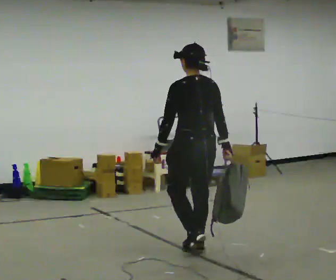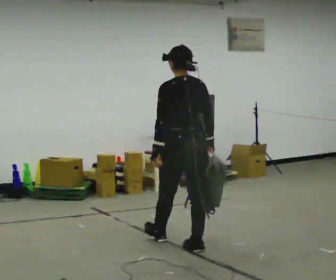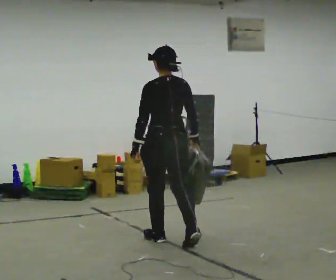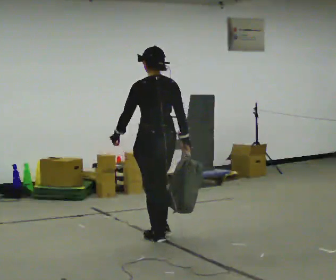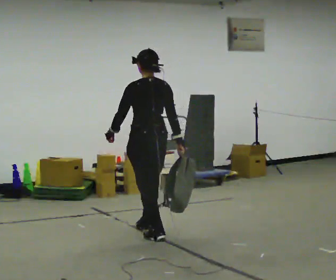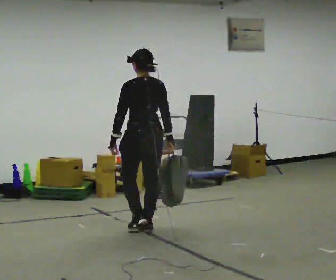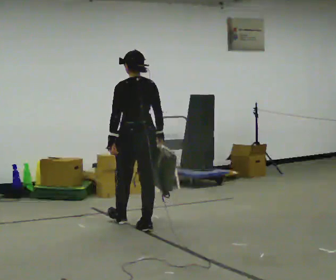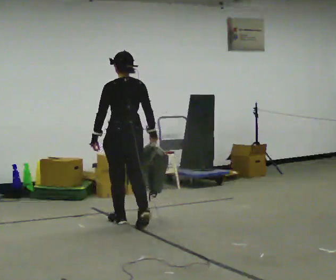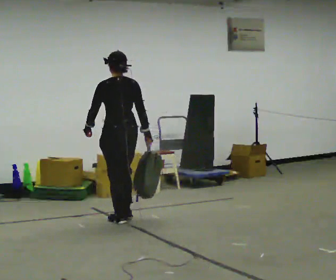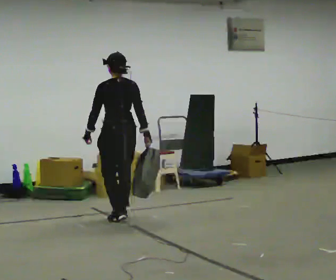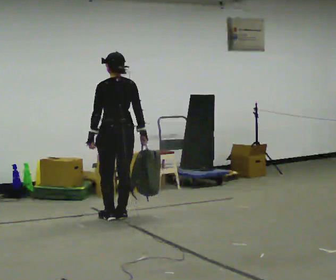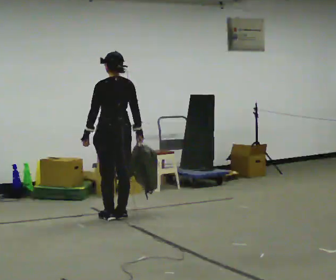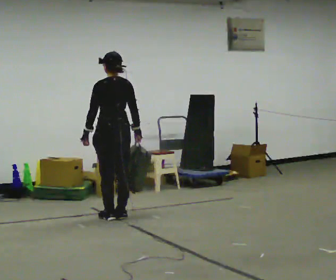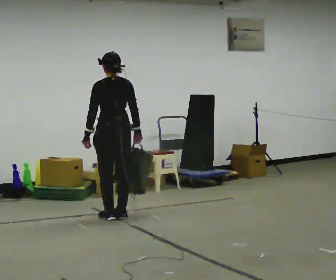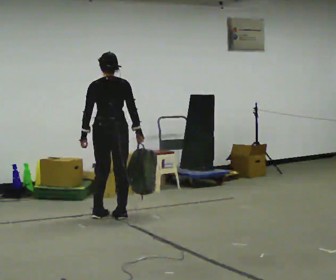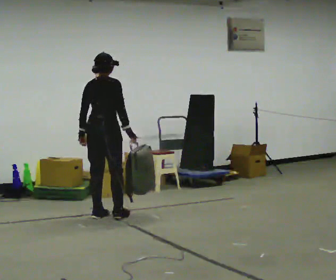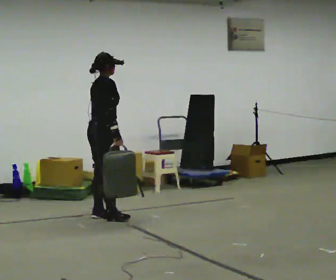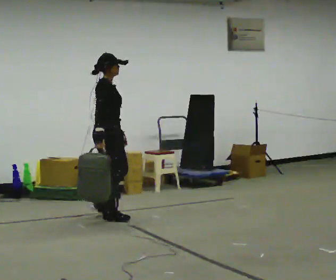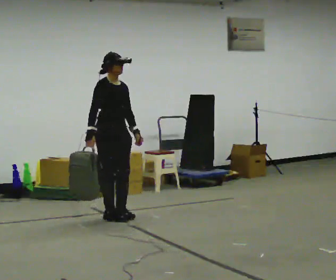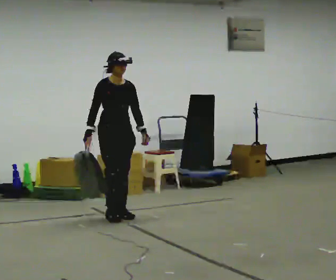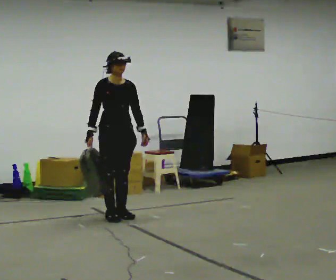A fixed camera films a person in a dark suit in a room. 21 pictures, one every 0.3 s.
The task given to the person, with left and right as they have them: Carry the soft bag across the room, back and forth. It will change shape as you move, so hold it however works.
0.0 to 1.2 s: In the picture they go away from the camera and to the left, about 0.75 m in 2 steps, which for them is forward.
1.2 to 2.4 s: In the picture they go away from the camera and to the left, about 0.5 m in 1 step, which for them is forward.
2.4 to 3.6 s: In the picture they go away from the camera, about 0.25 m in 2 steps, which for them is forward.
3.6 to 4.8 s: The person turns about 90 degrees to their right, clockwise seen from above, so the part of the body nearest the lens slides to the left.
4.8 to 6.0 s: Seen from above the body turns clockwise, about 90 degrees: to their right, with its near side sliding to the left.
The film runs forward here.
